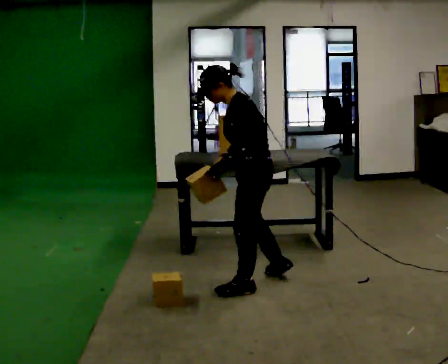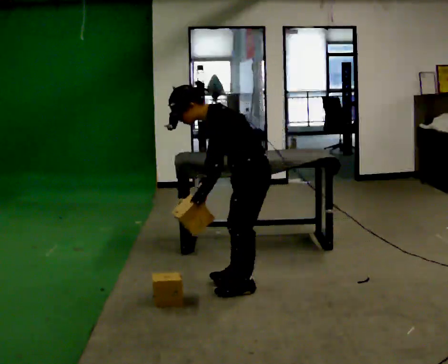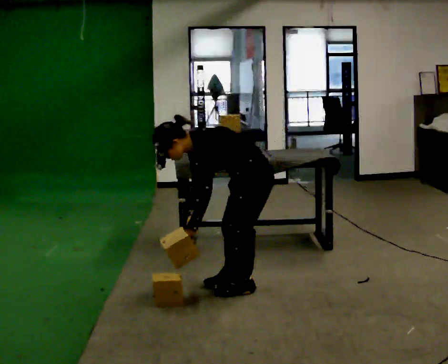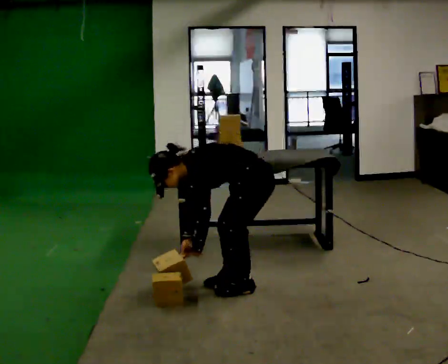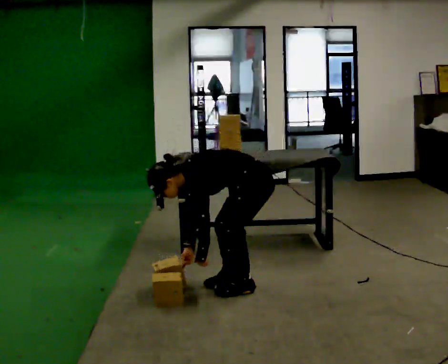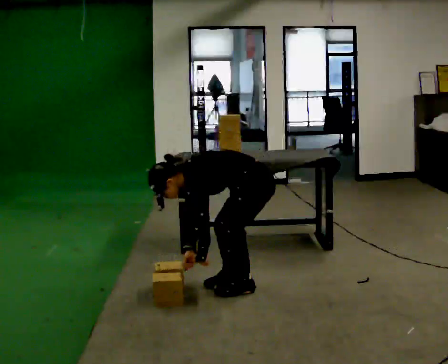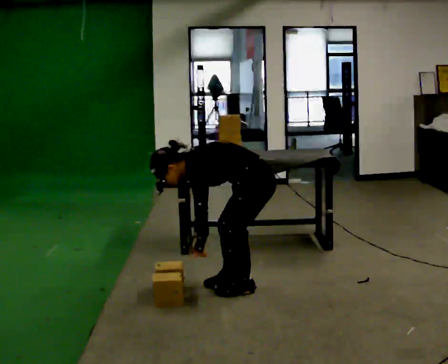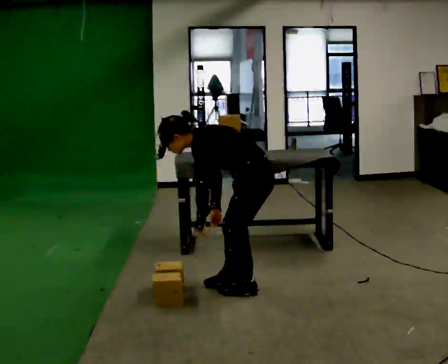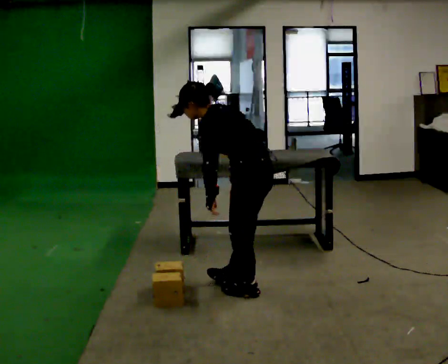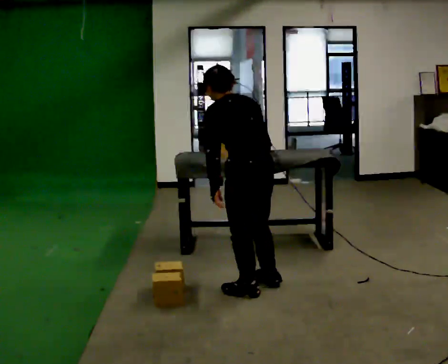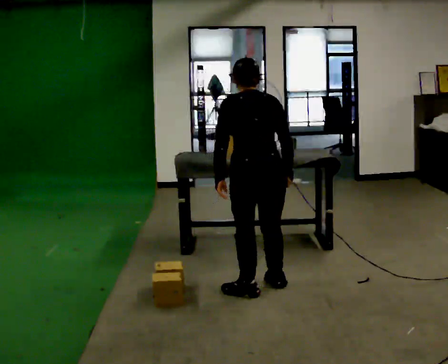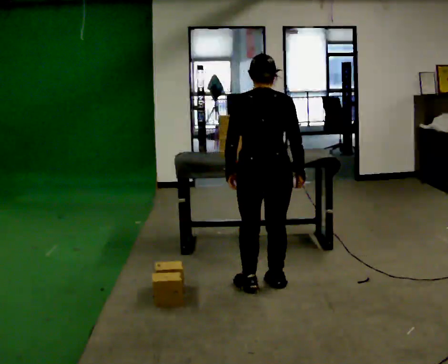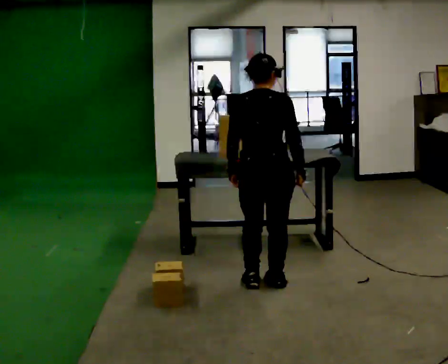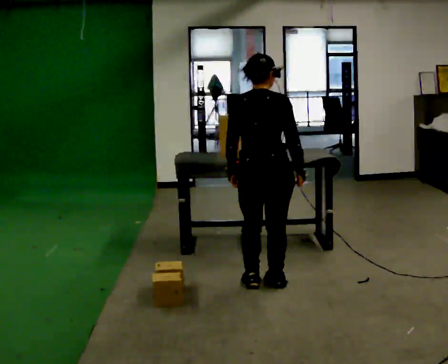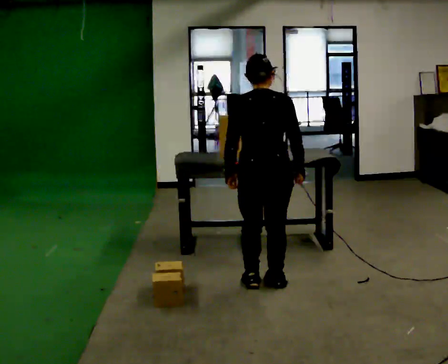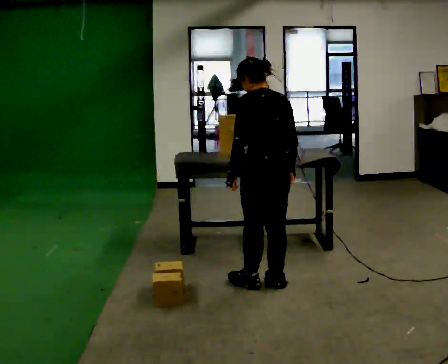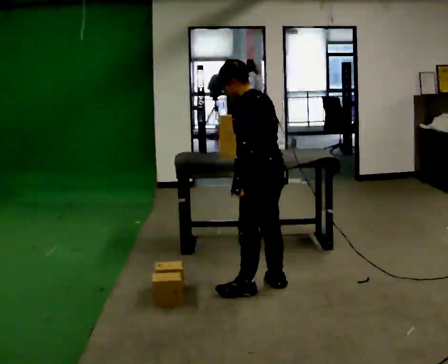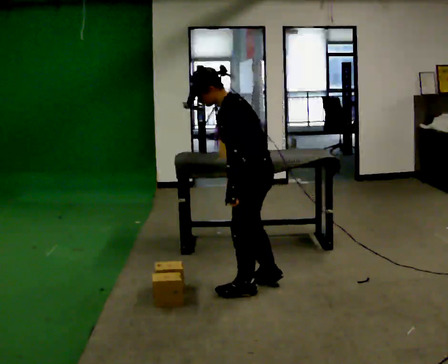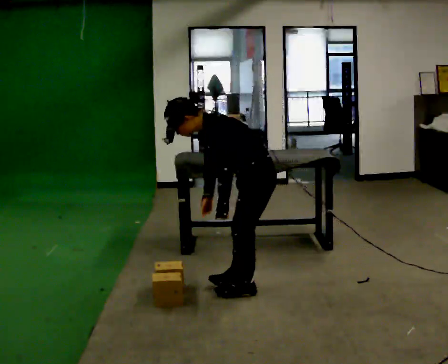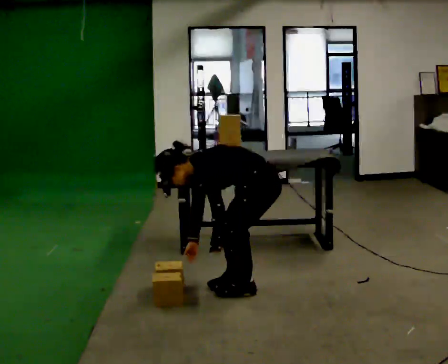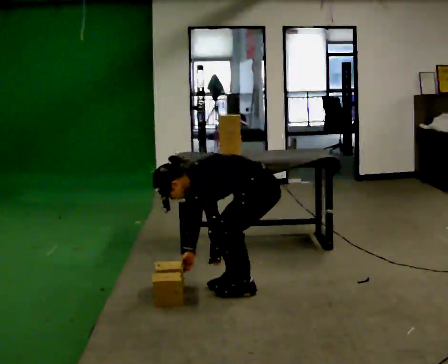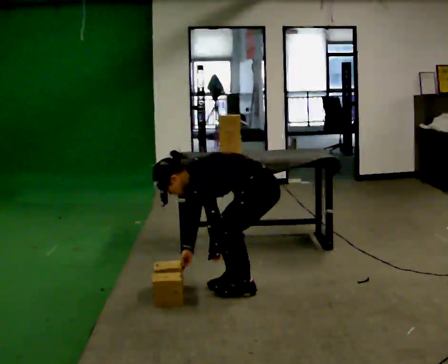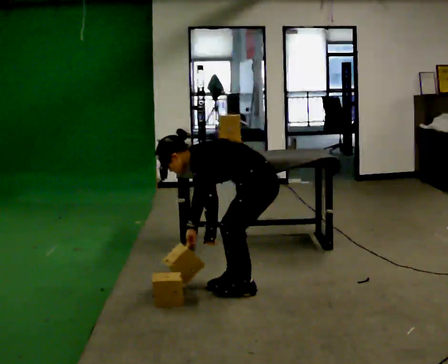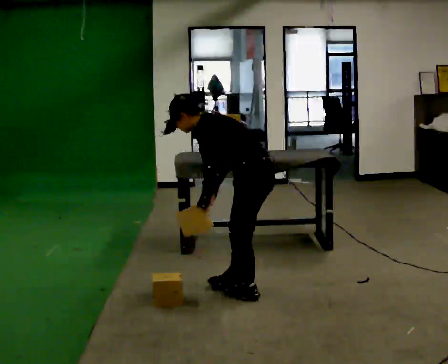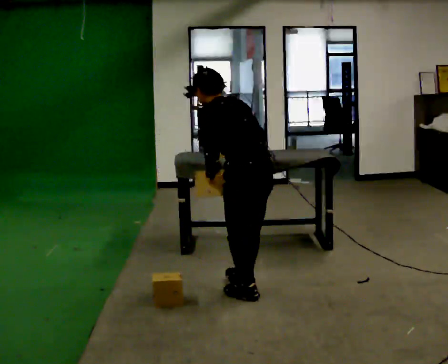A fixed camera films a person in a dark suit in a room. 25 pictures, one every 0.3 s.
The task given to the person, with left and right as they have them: Pick the object up off the floor using only the hand the operator calls, then carry it to the table in that same hand. Keep going until the operator says stop; one object at a time, and do not rush between trips.
0.0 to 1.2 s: The shoulders move downward. In the picture the upper body tilts counterclockwise, shoulders to the left, as they bend forward. In the picture their right hand goes downward.
1.2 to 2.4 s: The person turns about 30 degrees to their right, clockwise seen from above, so the part of the body nearest the lens slides to the left. The shoulders move upward. In the picture the upper body tilts clockwise, shoulders to the right, as they lean back or straighten. In the picture their right hand goes upward and to the right.
2.4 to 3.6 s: The part of the body nearest the lens slides to the left as the person turns to their right by about 75 degrees. In the picture the upper body tilts clockwise, shoulders to the right, as they lean back or straighten. In the picture their right hand goes to the right.
3.6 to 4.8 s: Seen from above the body turns counterclockwise, about 75 degrees: to their left, with its near side sliding to the right.
4.8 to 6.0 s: Seen from above the body turns counterclockwise, about 30 degrees: to their left, with its near side sliding to the right. The upper body goes downward. In the picture the upper body tilts counterclockwise, shoulders to the left, as they bend forward. In the picture their right hand goes to the left and downward.
6.0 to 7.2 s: Seen from above the body turns clockwise, about 45 degrees: to their right, with its near side sliding to the left. The shoulders move upward. In the picture the upper body tilts clockwise, shoulders to the right, as they lean back or straighten. In the picture their right hand goes upward and to the right.
The film runs forward here.
